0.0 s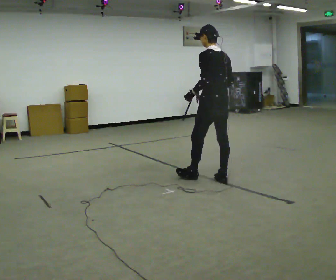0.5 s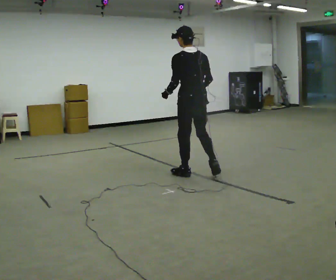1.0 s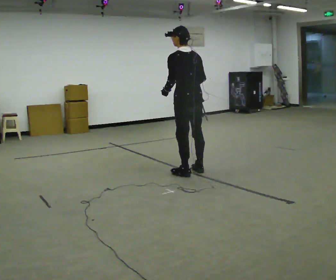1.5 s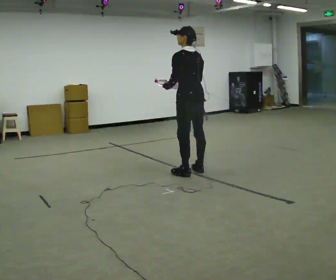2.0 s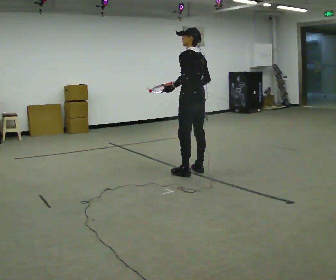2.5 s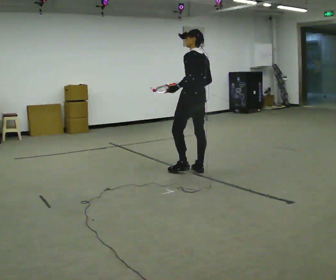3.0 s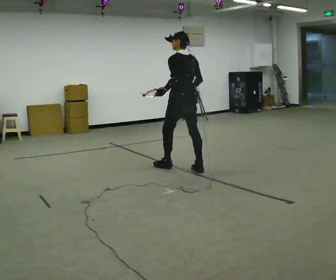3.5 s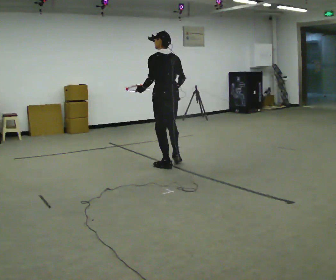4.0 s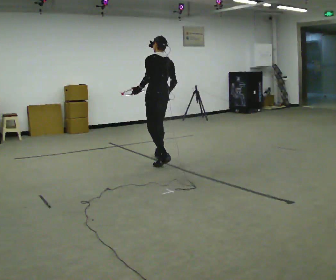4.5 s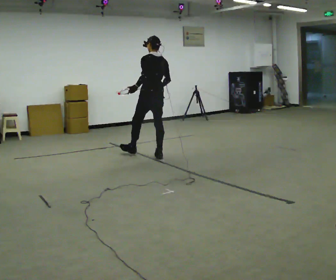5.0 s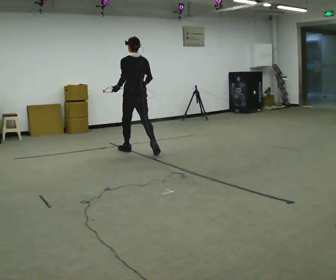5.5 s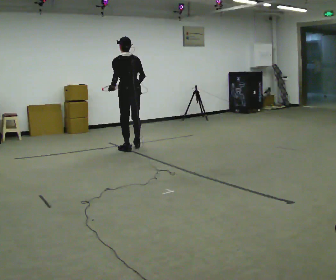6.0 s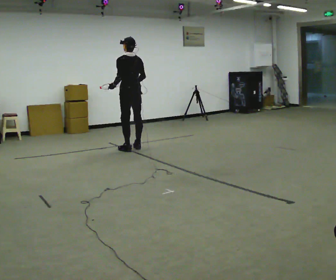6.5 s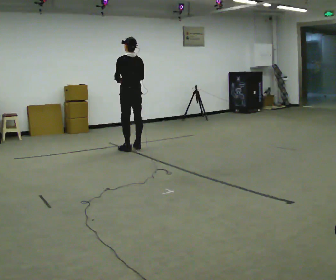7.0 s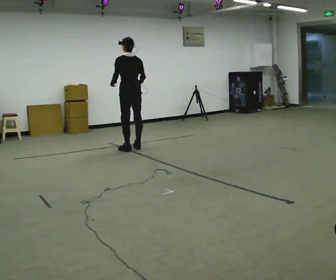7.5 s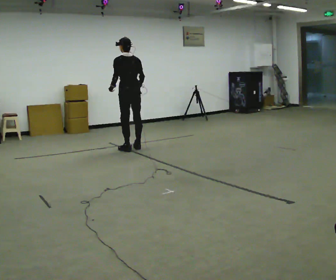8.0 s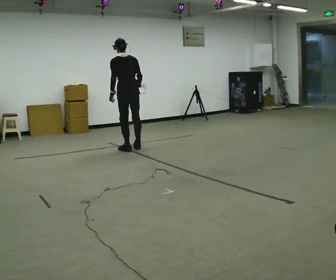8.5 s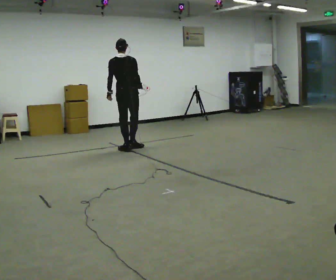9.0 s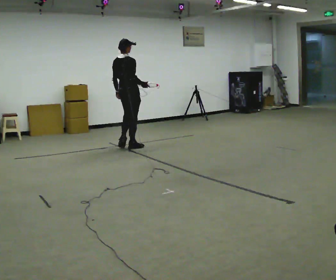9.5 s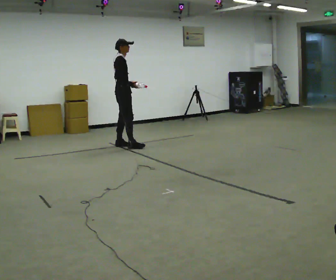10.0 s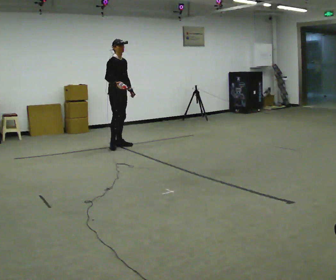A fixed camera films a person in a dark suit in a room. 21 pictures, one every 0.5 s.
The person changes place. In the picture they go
away from the camera.
0.0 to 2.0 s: In the picture they go away from the camera and to the left, about 0.5 m in 2 steps, which for them is forward.
2.0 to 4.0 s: In the picture they go away from the camera and to the left, about 1 m in 2 steps, which for them is forward.
4.0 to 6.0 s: In the picture they go away from the camera and to the left, about 1 m in 2 steps, which for them is forward.
6.0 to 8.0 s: The person moves a little, or ends about where they began.
8.0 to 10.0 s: The part of the body nearest the lens slides to the left as the person turns to their right by about 150 degrees. In the picture they go away from the camera and to the left, about 0.5 m in 1 step. In the picture the upper body tilts clockwise, shoulders to the right.
The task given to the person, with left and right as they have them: Carry the object in one hand and, while walking, pass it to your other hand. Keep passing it back and forth as you walk.
The film runs forward here.
